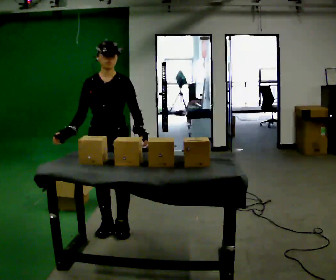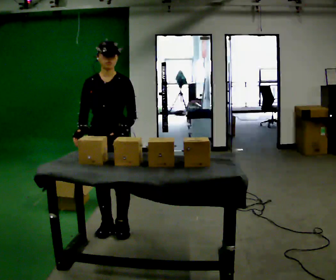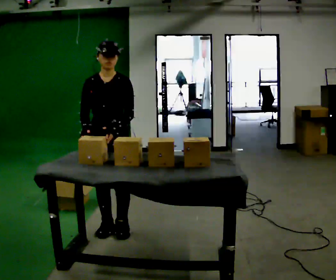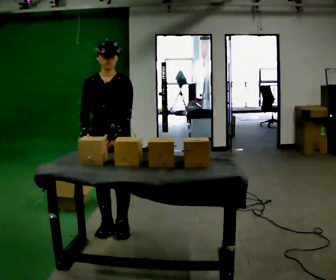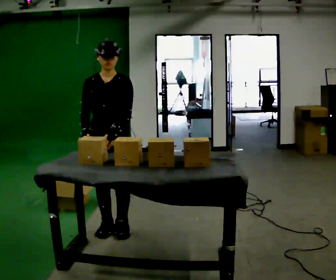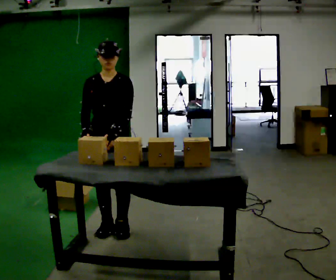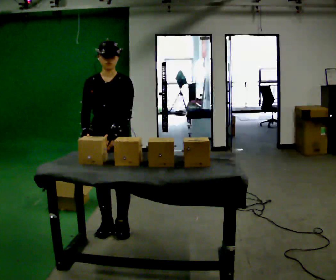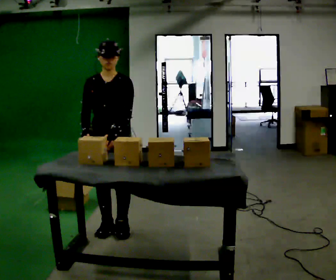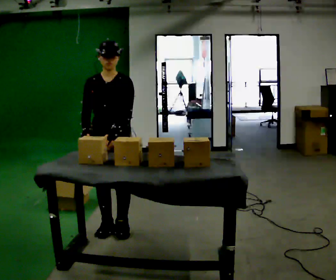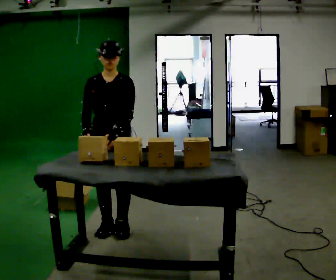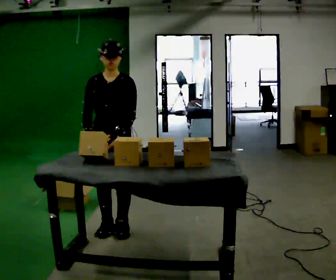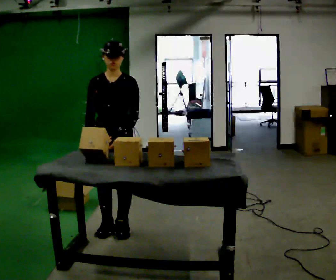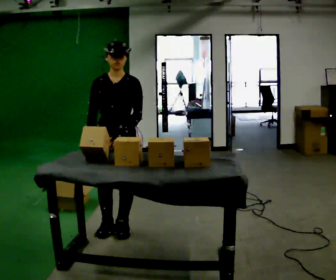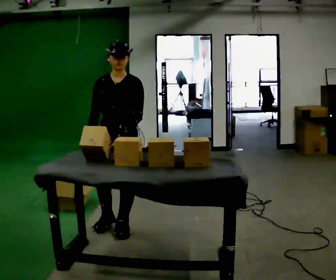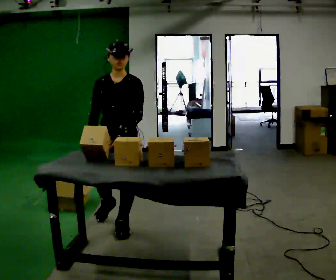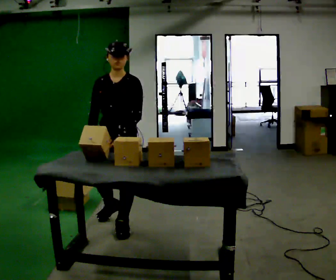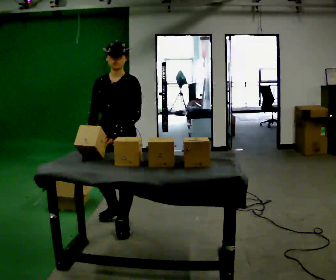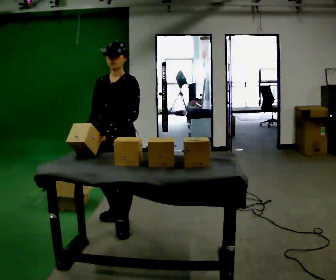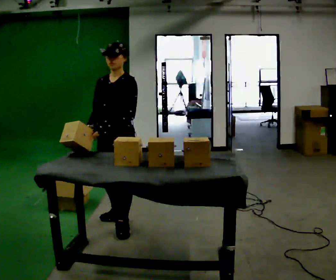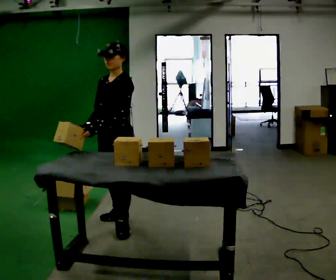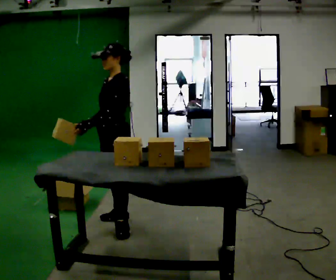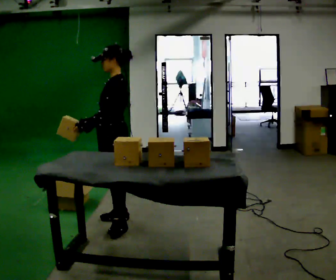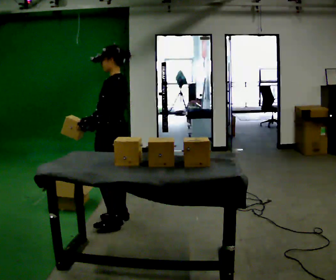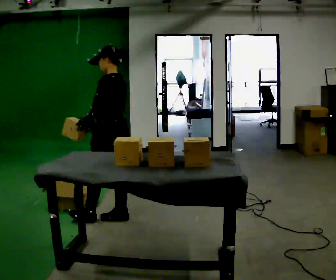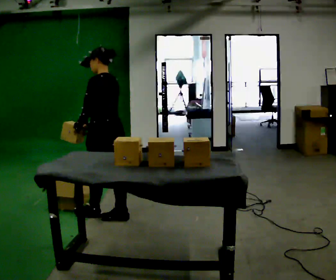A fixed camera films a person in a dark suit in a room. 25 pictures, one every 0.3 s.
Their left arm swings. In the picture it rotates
clockwise.
The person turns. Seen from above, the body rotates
clockwise.
0.0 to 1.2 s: The person moves a little, or ends about where they began.
1.2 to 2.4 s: The person keeps their place and pose.
2.4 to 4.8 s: The person moves a little, or ends about where they began.
4.8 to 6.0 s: The part of the body nearest the lens slides to the left as the person turns to their right by about 45 degrees. In the picture they go away from the camera, about 0.25 m, which for them is to their right.
6.0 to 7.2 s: The person turns about 45 degrees to their right, clockwise seen from above, so the part of the body nearest the lens slides to the left.
The film runs forward here.
